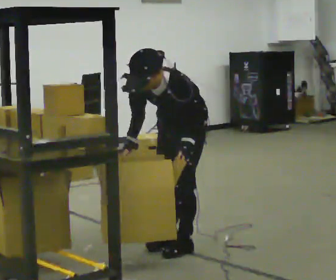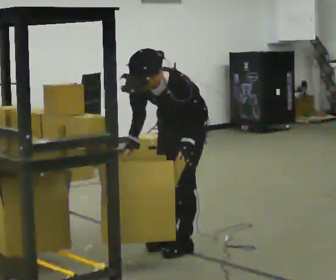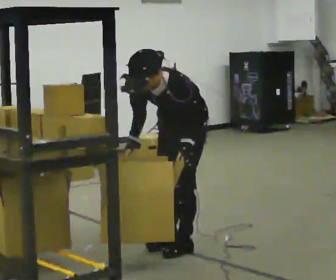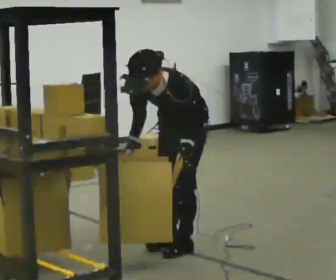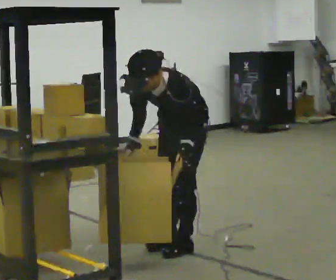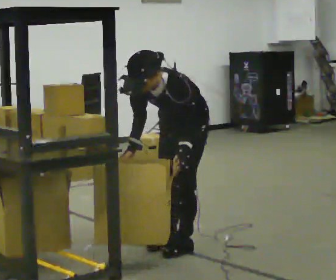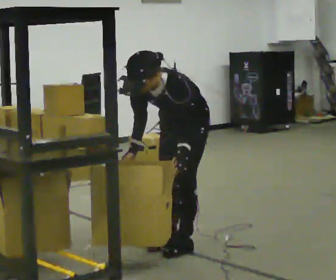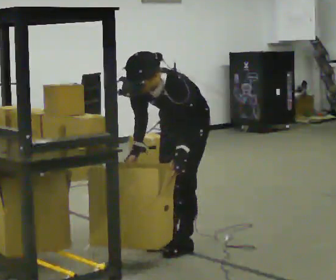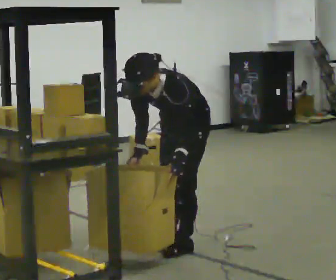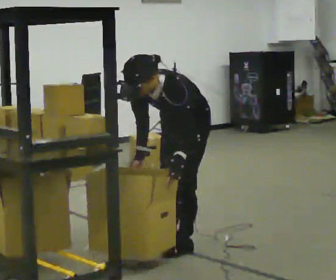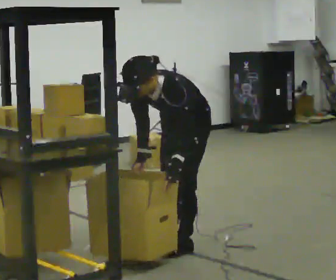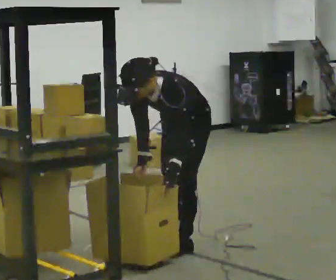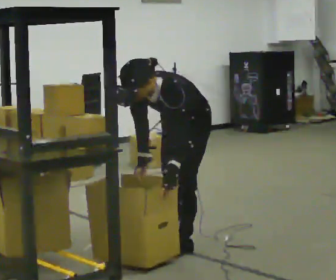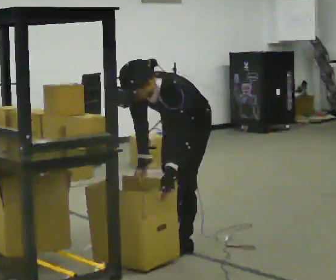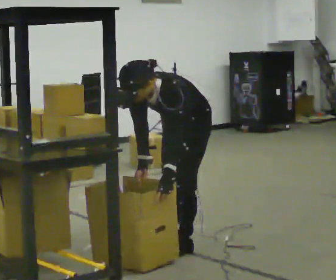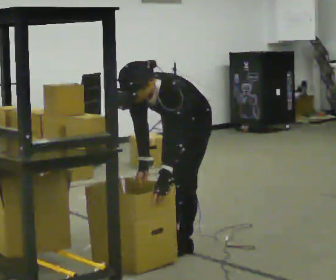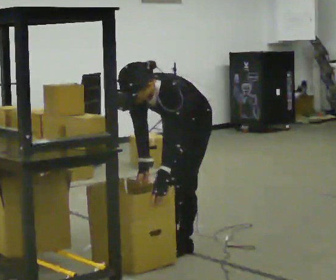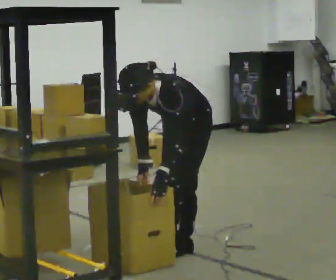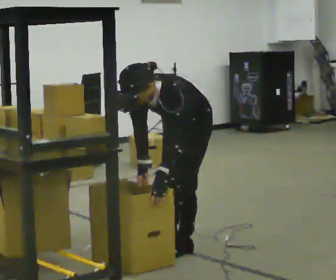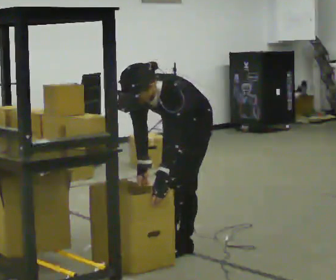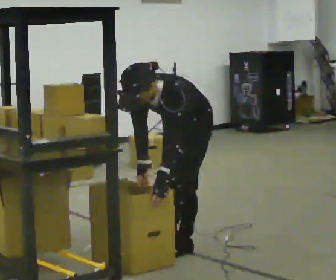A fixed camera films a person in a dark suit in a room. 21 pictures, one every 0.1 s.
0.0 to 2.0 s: In the picture the upper body tilts counterclockwise, shoulders to the left, as they bend forward.
The film runs backward here.
